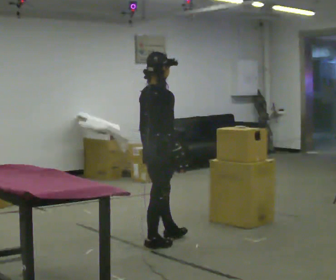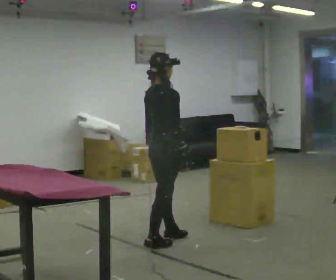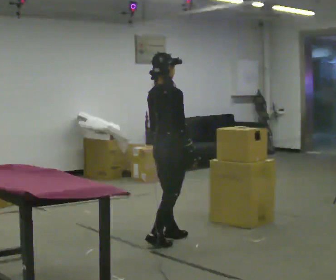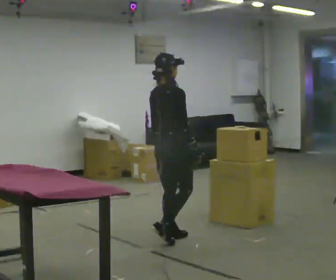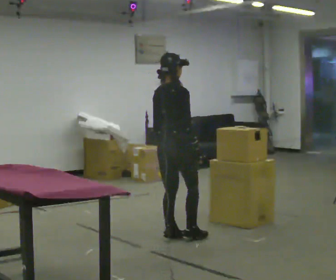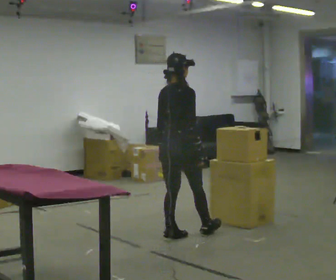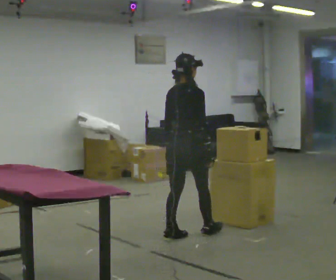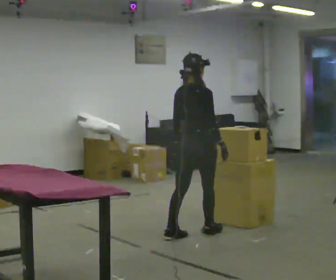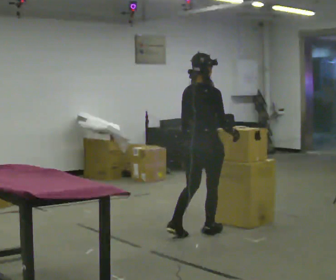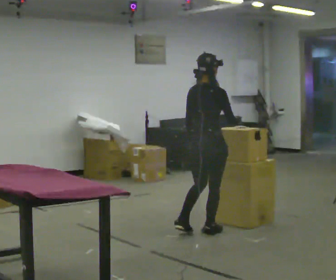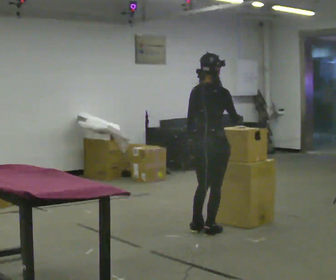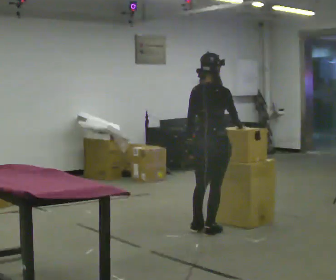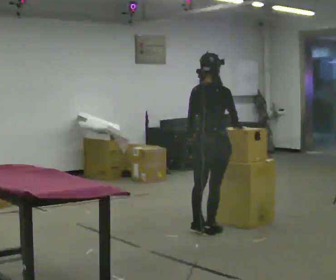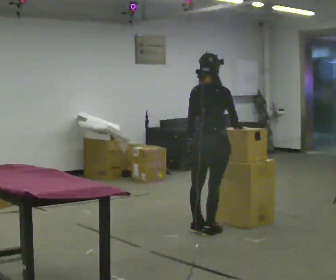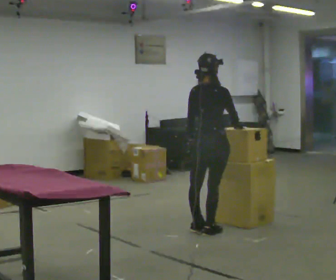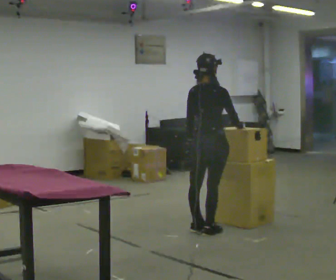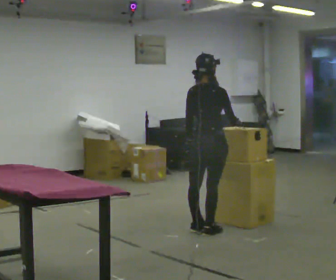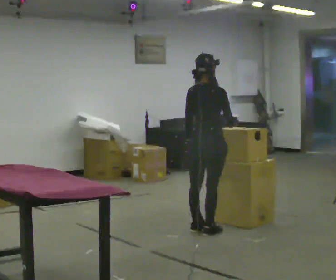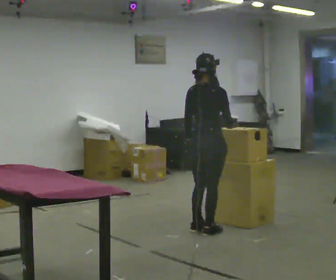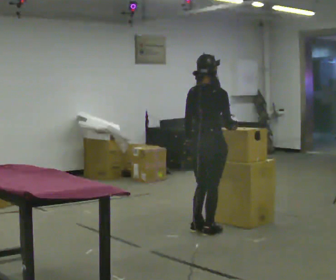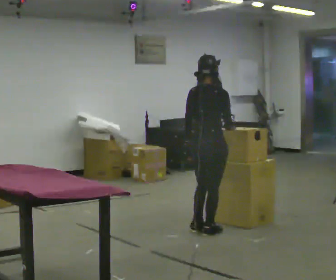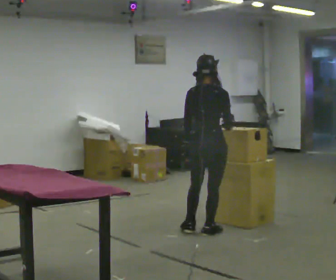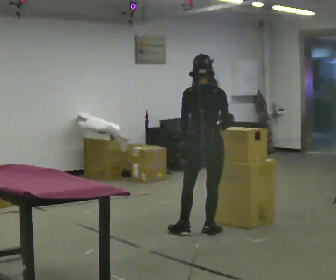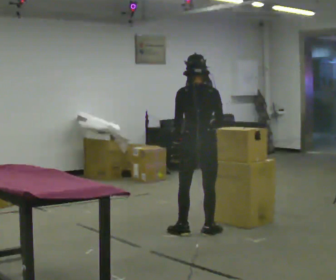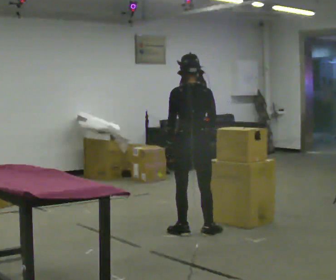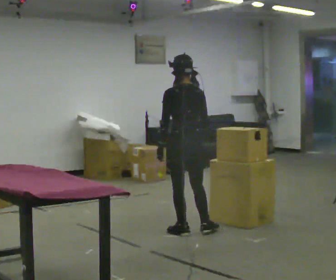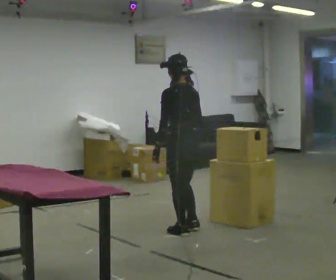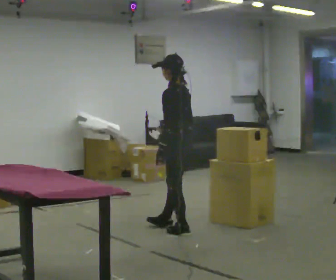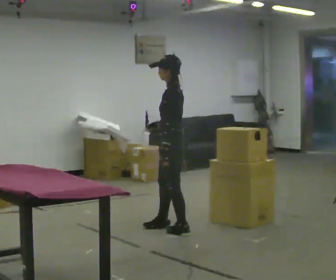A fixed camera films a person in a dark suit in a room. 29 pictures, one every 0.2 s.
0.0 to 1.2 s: In the picture they go away from the camera and to the right, about 0.25 m in 1 step, which for them is forward.
1.2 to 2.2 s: In the picture they go to the right, about 0.25 m in 1 step, which for them is forward.
2.2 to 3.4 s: The person moves a little, or ends about where they began.
3.4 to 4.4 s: The part of the body nearest the lens slides to the right as the person turns to their left by about 30 degrees.
4.4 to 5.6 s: The person turns about 90 degrees to their left, counterclockwise seen from above, so the part of the body nearest the lens slides to the right. In the picture they go to the left, about 0.25 m in 1 step.
The film runs forward here.
